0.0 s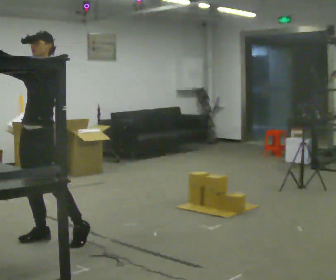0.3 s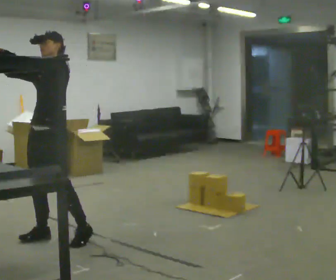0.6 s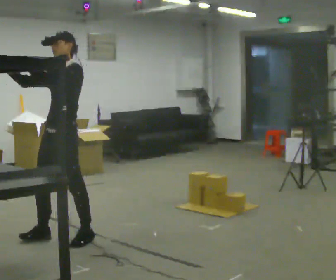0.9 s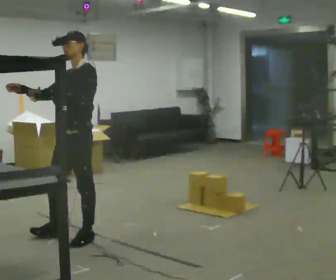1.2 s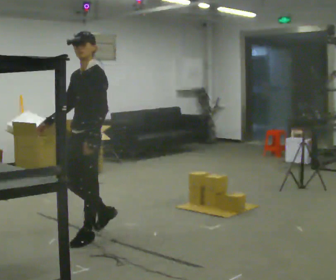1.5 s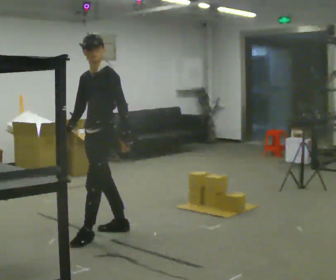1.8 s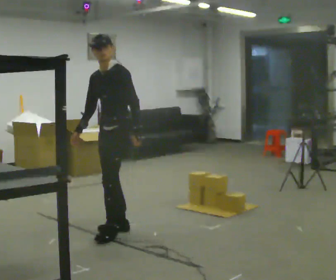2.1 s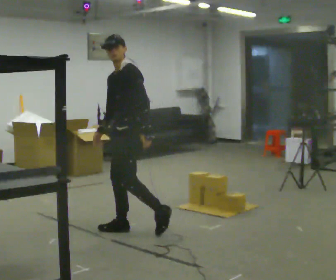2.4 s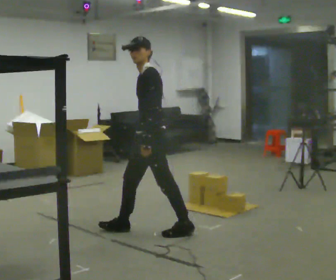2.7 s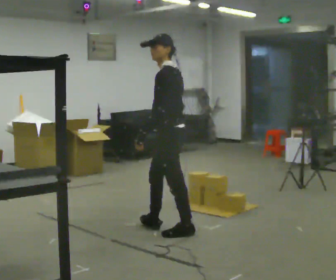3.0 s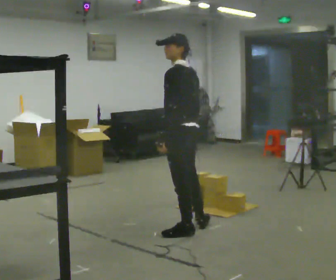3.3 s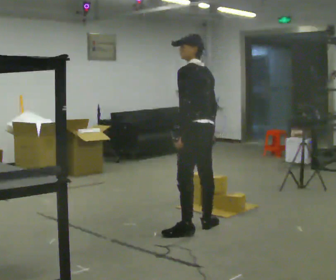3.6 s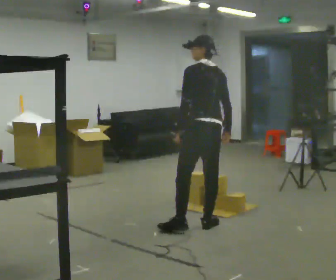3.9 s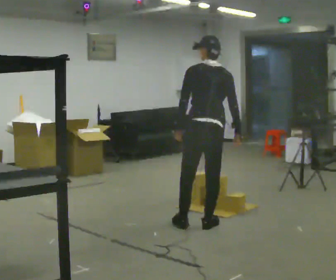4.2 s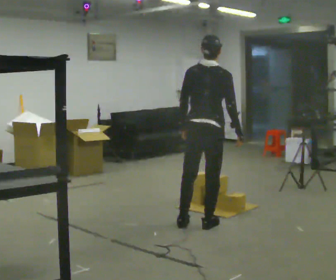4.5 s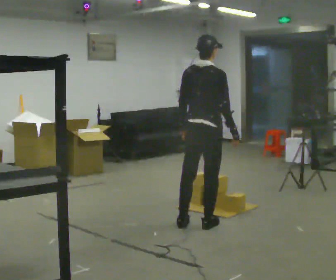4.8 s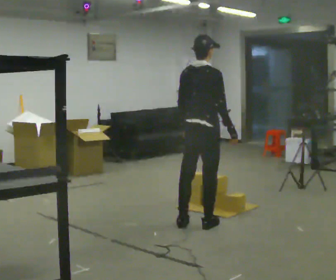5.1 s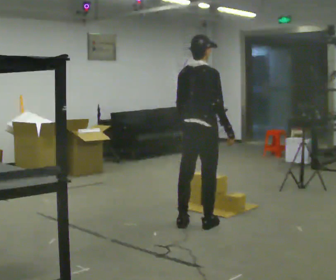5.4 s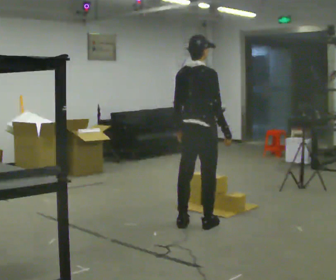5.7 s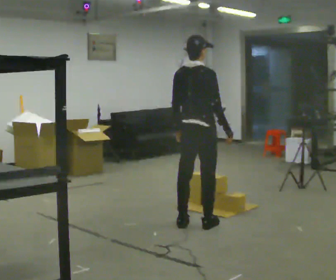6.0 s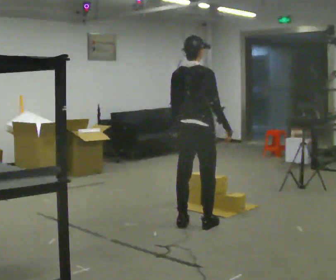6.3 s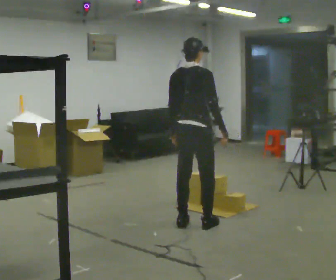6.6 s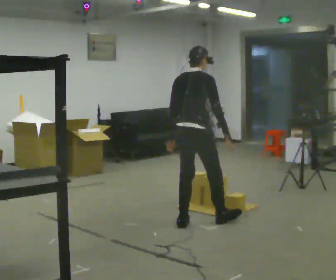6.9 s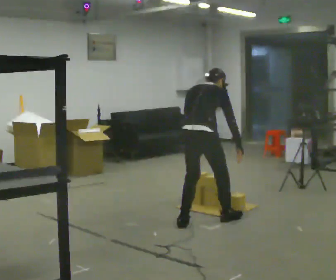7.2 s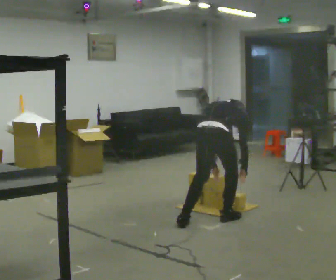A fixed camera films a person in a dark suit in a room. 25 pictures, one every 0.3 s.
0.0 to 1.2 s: In the picture they go to the right, about 0.5 m in 1 step, which for them is backward and to their left. In the picture their left hand goes downward.
1.2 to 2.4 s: In the picture they go to the right and away from the camera, about 0.5 m in 1 step, which for them is backward.
2.4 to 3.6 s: The part of the body nearest the lens slides to the left as the person turns to their right by about 75 degrees. In the picture they go to the right, about 0.5 m in 2 steps.
3.6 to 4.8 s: The person turns about 60 degrees to their right, clockwise seen from above, so the part of the body nearest the lens slides to the left.
4.8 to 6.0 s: The person moves a little, or ends about where they began.
6.0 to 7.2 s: In the picture they go to the right, about 0.25 m in 1 step, which for them is to their right. The shoulders move downward. The upper body tips away from the camera, its near side rolling upward, as they bend forward. In the picture their left hand goes downward and to the right.
The film runs backward here.
